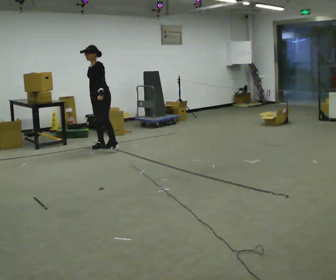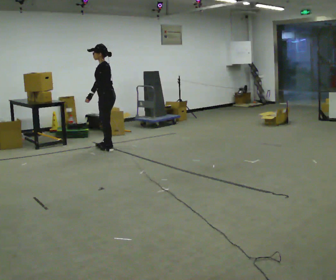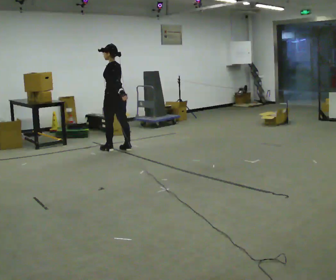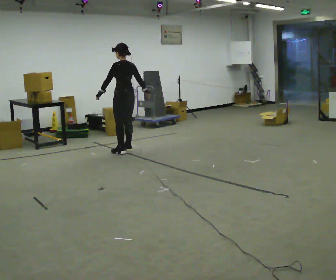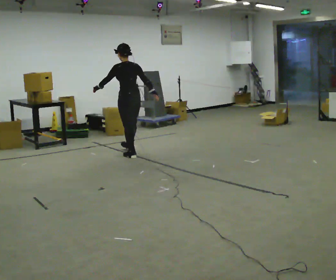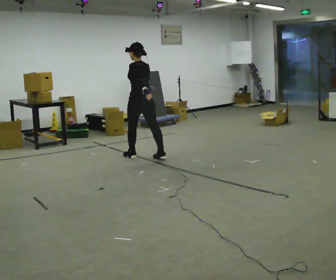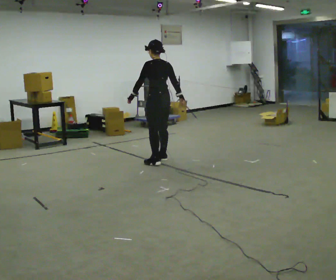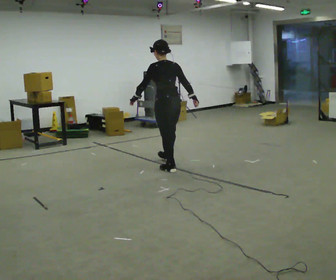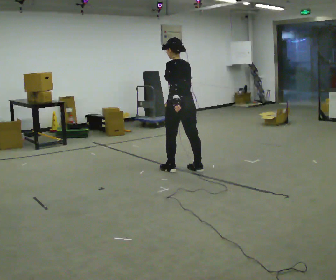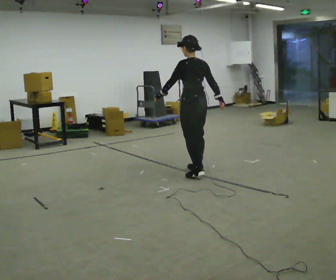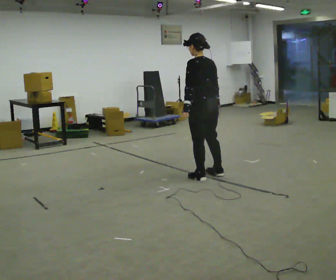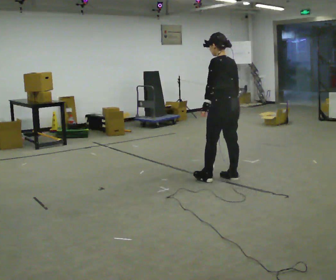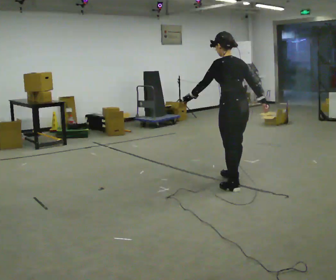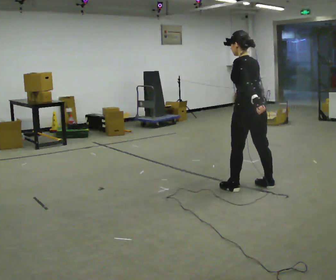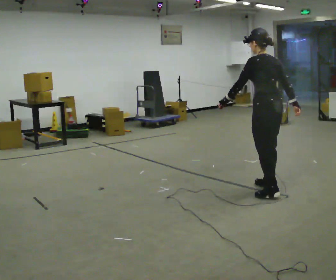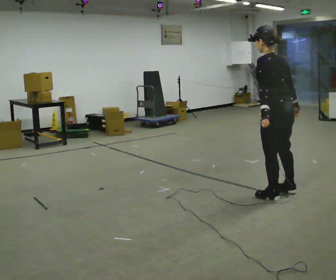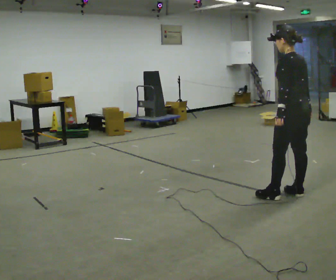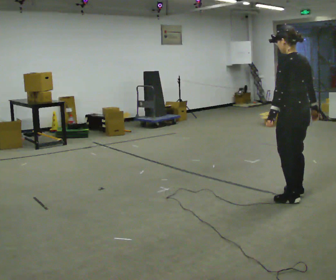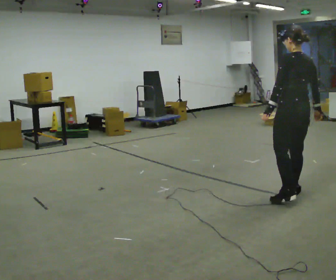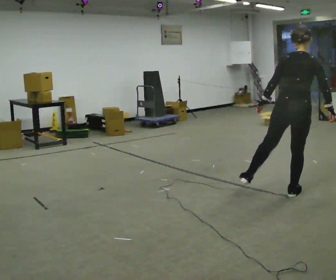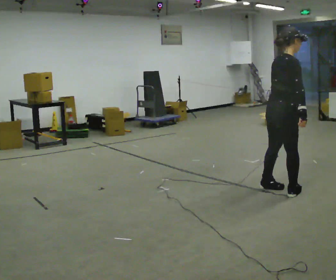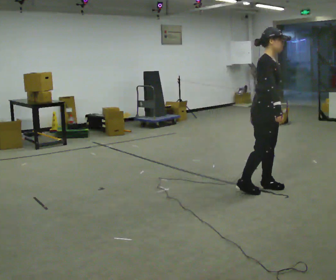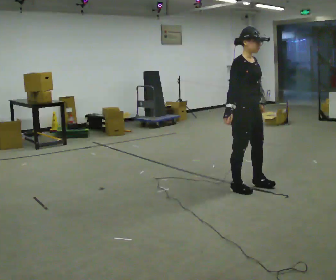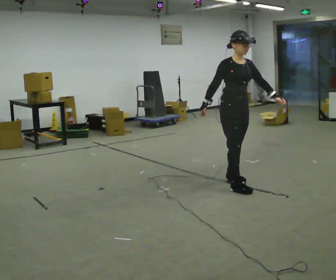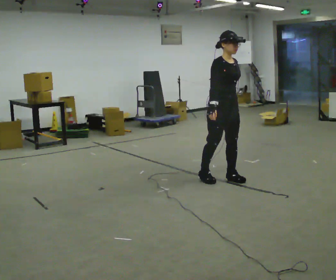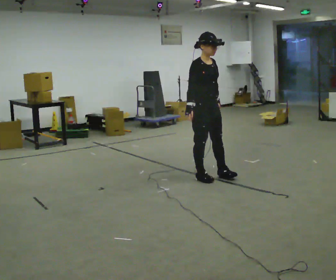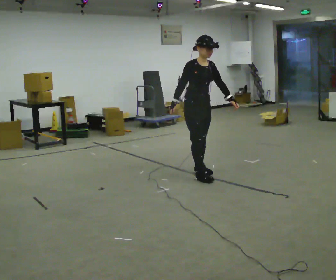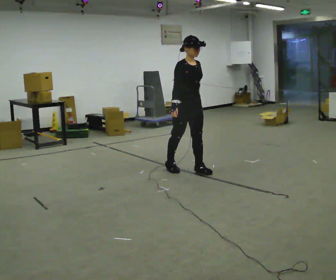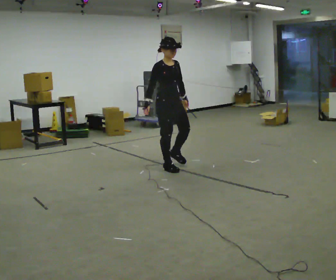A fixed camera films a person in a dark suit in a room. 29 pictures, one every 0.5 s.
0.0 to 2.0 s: The part of the body nearest the lens slides to the left as the person turns to their right by about 90 degrees. In the picture they go to the right and toward the camera, about 0.75 m in 3 steps.
2.0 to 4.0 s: In the picture they go to the right and toward the camera, about 1 m in 2 steps, which for them is backward.
4.0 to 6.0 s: In the picture they go to the right and toward the camera, about 1 m in 4 steps, which for them is backward.
6.0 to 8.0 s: In the picture they go to the right and toward the camera, about 0.75 m in 2 steps, which for them is backward.
8.0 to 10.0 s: The part of the body nearest the lens slides to the left as the person turns to their right by about 105 degrees. In the picture they go away from the camera, about 0.25 m in 2 steps.
10.0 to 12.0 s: Seen from above the body turns clockwise, about 75 degrees: to their right, with its near side sliding to the left. In the picture they go to the left and away from the camera, about 0.5 m in 3 steps.
12.0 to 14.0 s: In the picture they go to the left and away from the camera, about 1 m in 3 steps, which for them is backward.
The film runs backward here.
